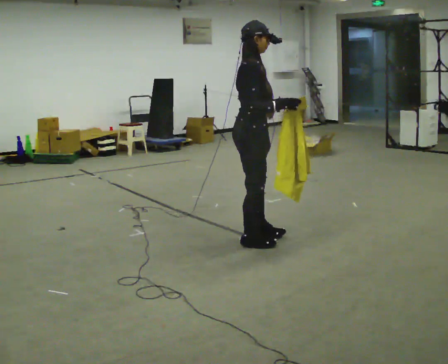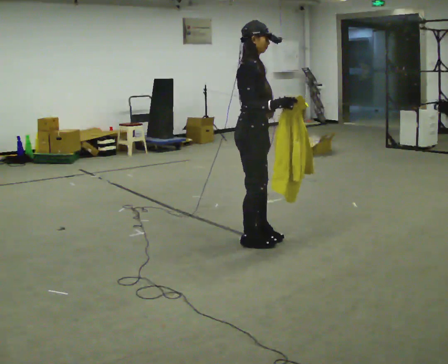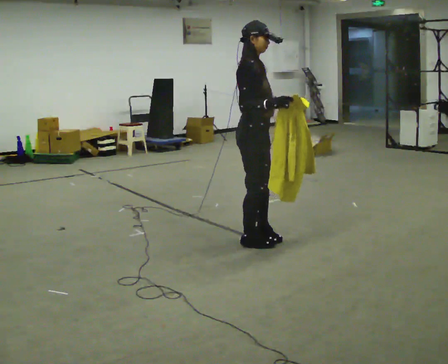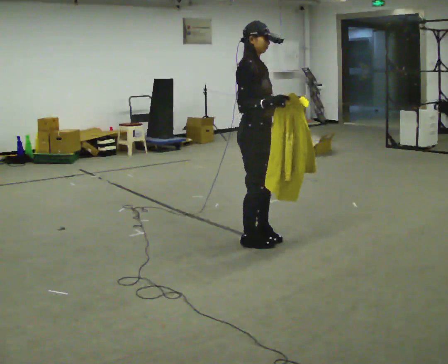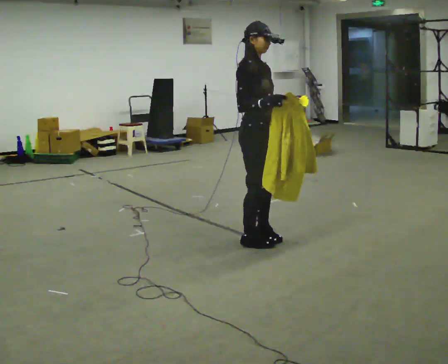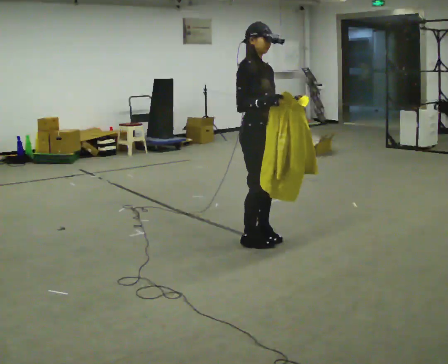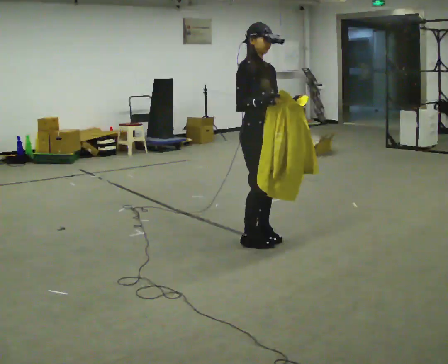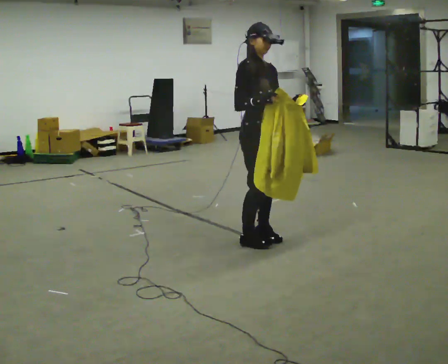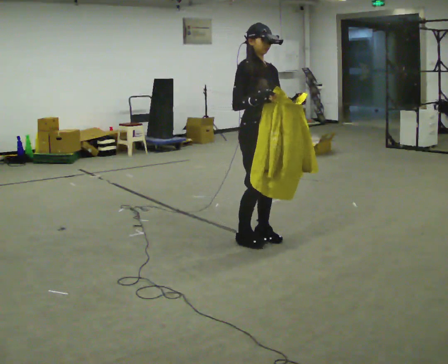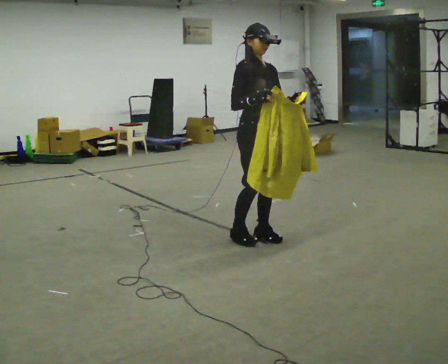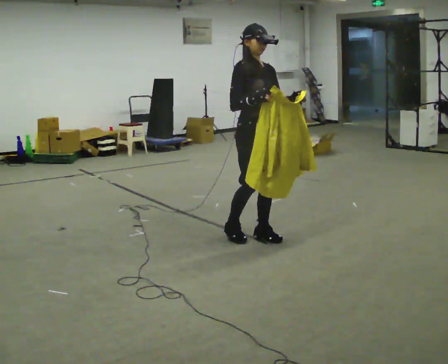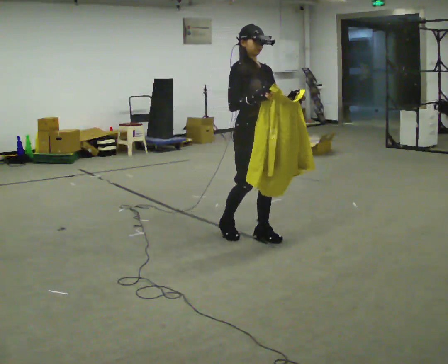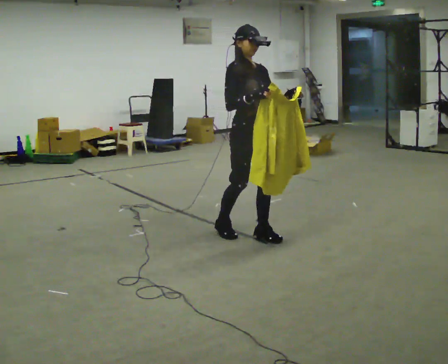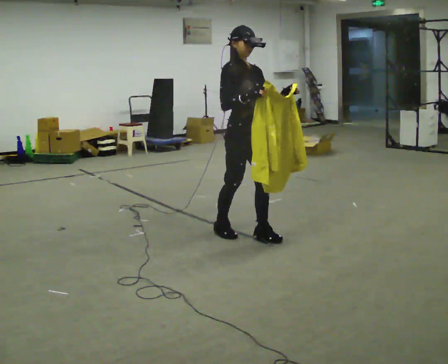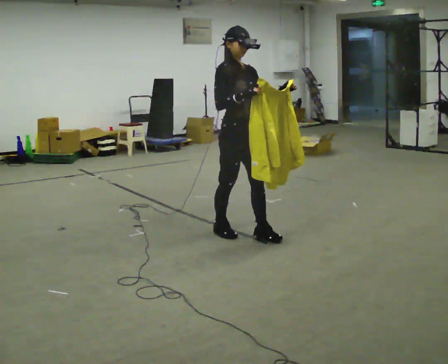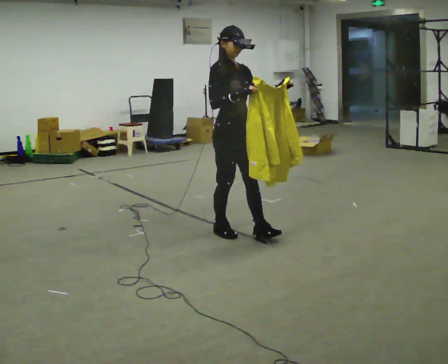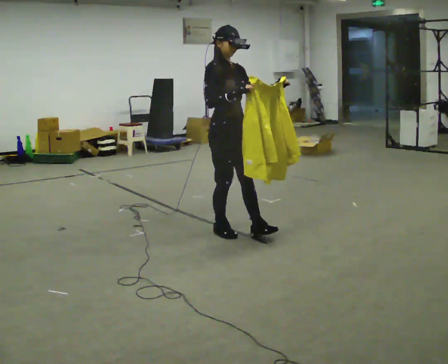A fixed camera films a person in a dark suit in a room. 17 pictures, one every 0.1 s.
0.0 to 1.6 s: The person turns about 45 degrees to their right, clockwise seen from above, so the part of the body nearest the lens slides to the left. In the picture they go to the left, about 0.25 m in 2 steps, which for them is backward.
The film runs backward here.
